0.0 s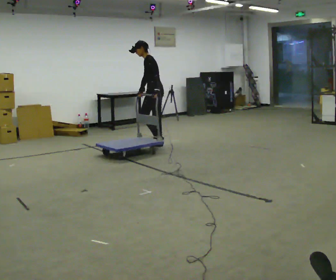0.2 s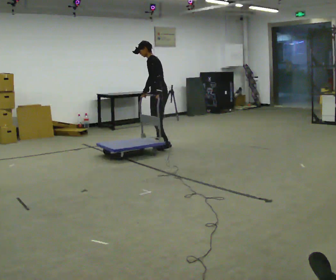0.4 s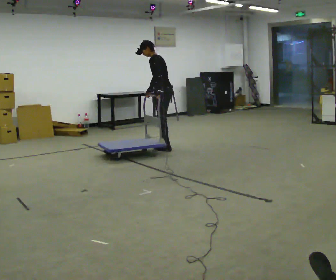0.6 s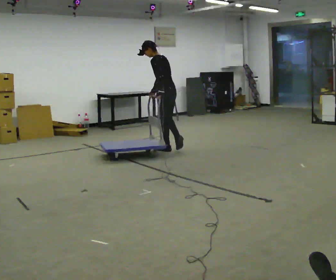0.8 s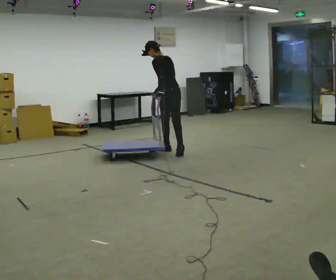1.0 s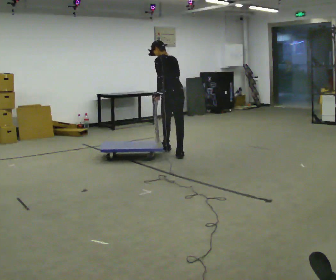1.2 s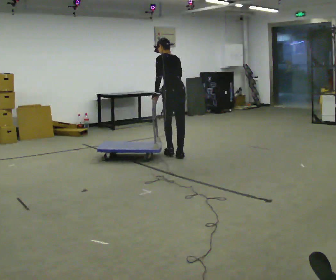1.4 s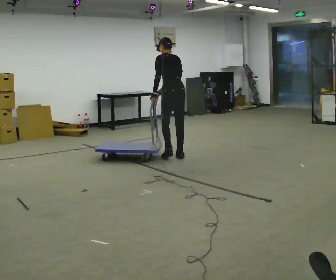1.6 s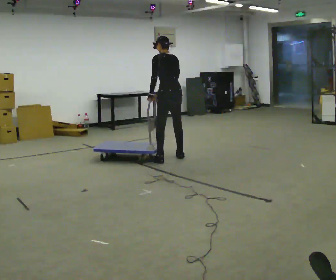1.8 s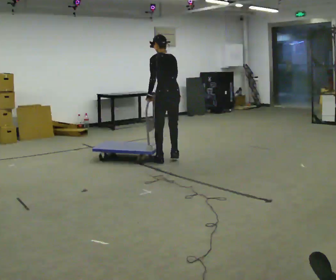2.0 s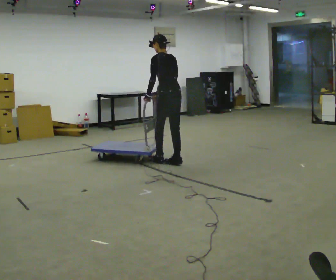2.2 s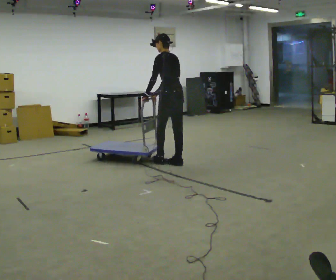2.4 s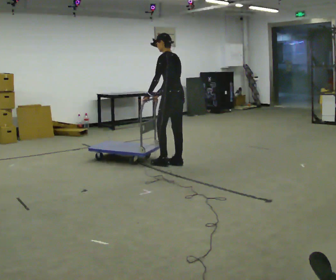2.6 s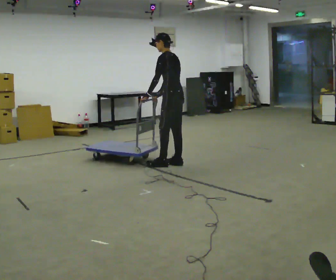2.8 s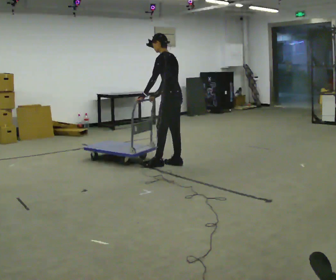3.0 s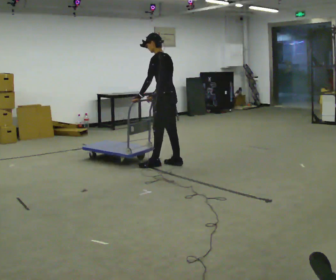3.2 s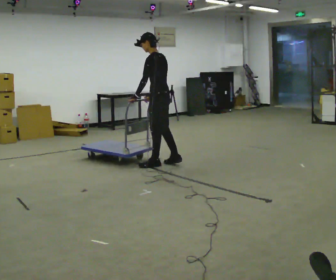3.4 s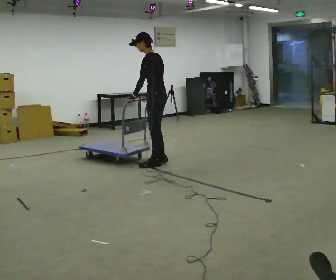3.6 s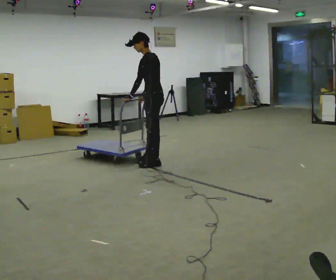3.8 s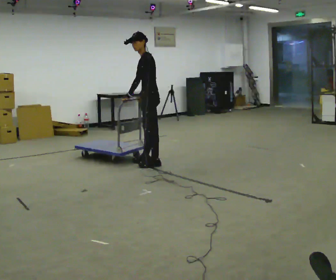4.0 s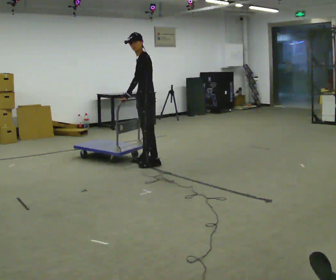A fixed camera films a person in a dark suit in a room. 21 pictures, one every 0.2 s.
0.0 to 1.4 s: Seen from above the body turns clockwise, about 45 degrees: to their right, with its near side sliding to the left. In the picture they go toward the camera, about 1 m in 2 steps, which for them is backward and to their left.
1.4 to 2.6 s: The part of the body nearest the lens slides to the right as the person turns to their left by about 30 degrees. In the picture they go toward the camera, about 0.25 m in 2 steps, which for them is backward and to their left.
2.6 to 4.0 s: The part of the body nearest the lens slides to the right as the person turns to their left by about 30 degrees. In the picture they go to the left, about 0.25 m in 1 step, which for them is forward.
The film runs backward here.
